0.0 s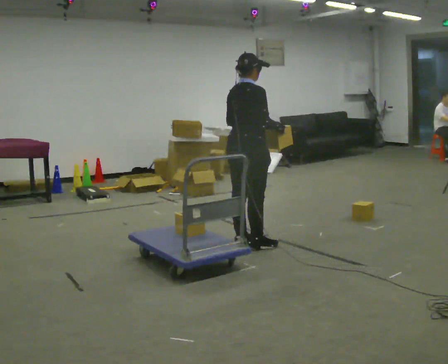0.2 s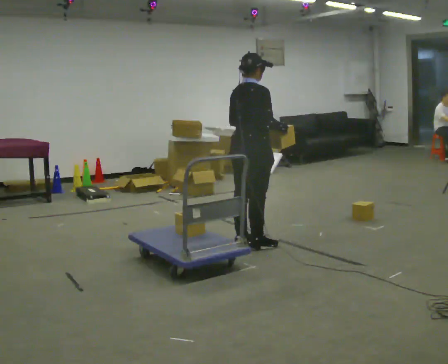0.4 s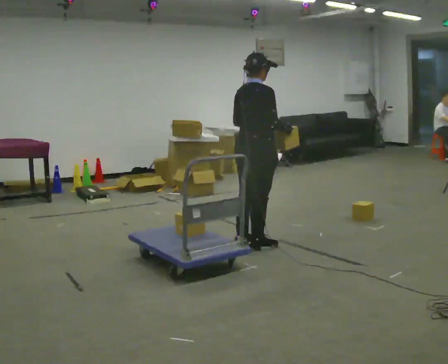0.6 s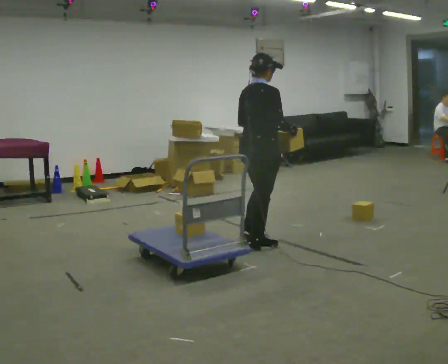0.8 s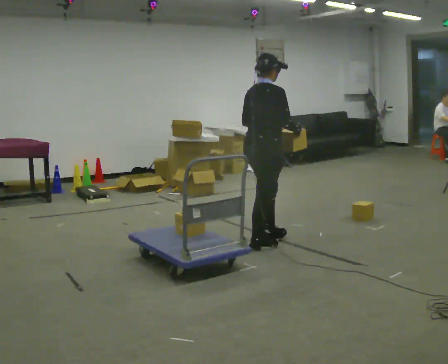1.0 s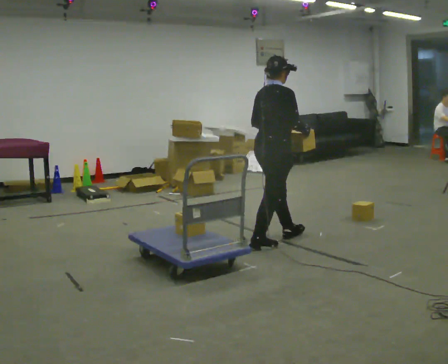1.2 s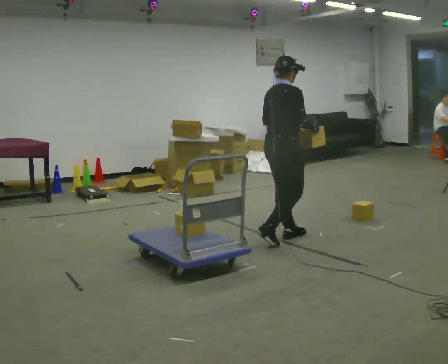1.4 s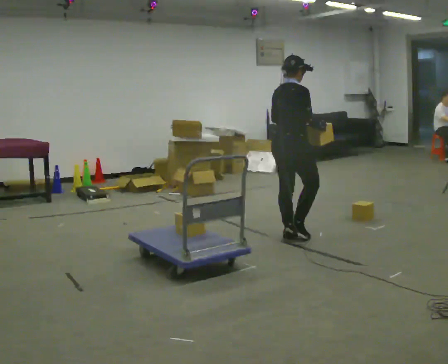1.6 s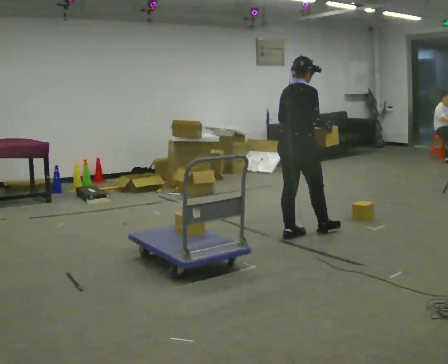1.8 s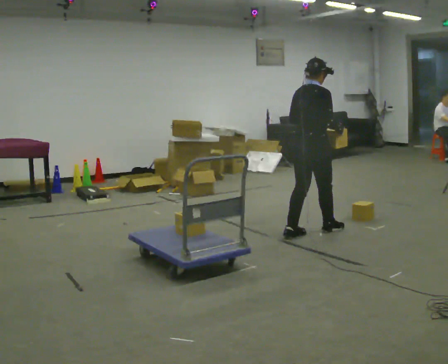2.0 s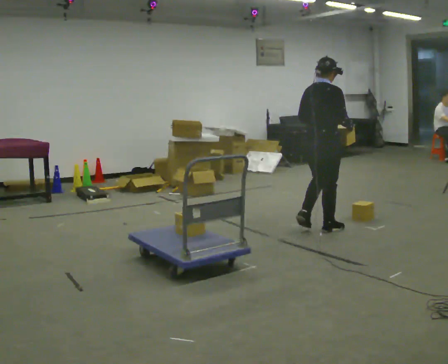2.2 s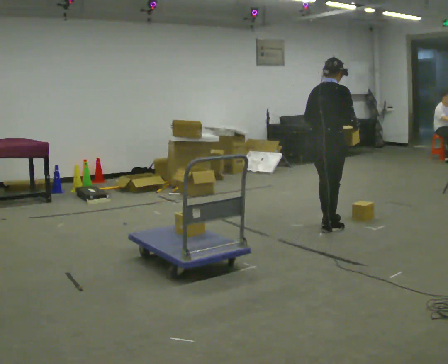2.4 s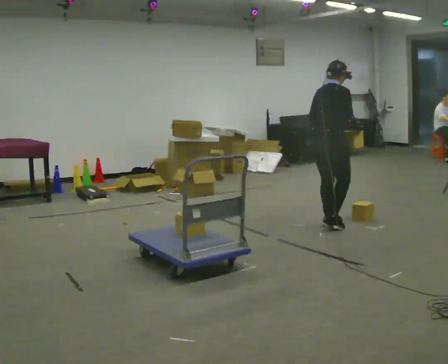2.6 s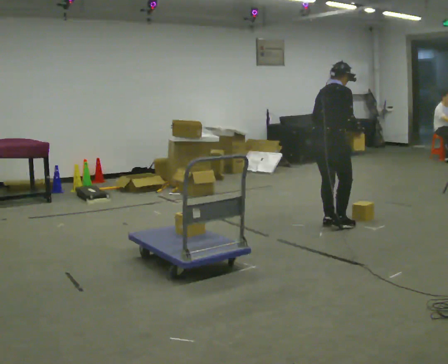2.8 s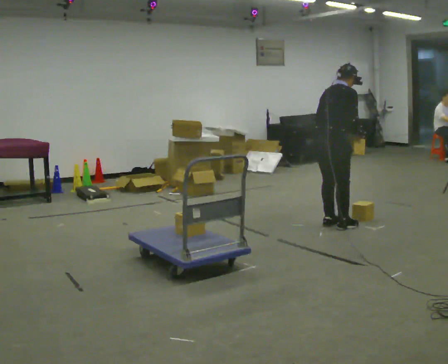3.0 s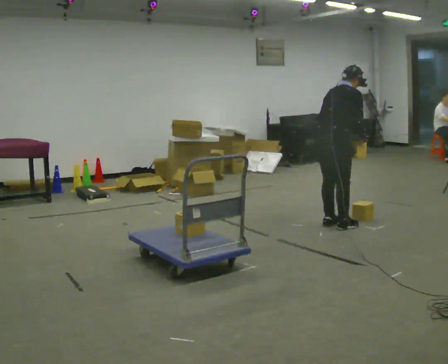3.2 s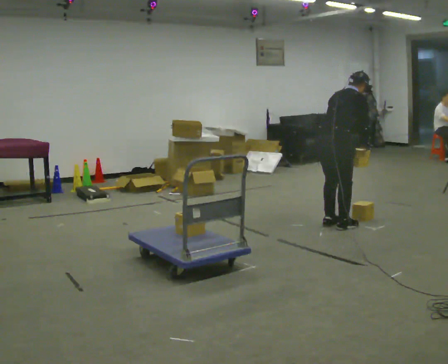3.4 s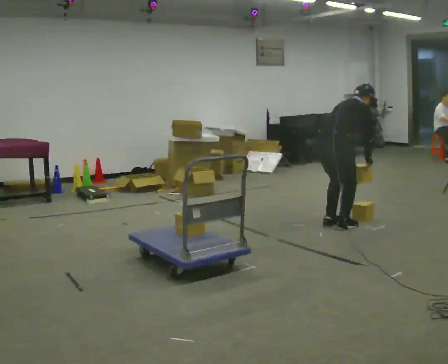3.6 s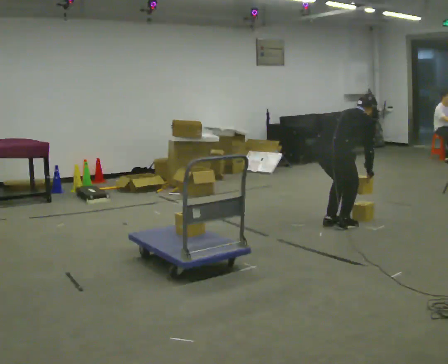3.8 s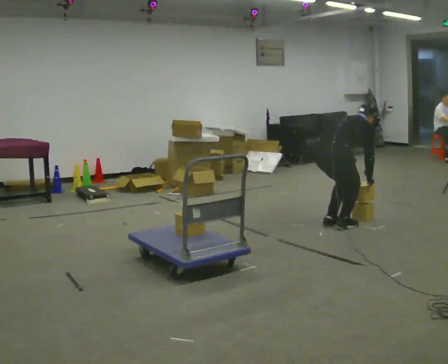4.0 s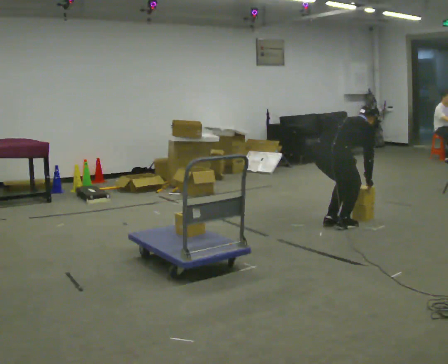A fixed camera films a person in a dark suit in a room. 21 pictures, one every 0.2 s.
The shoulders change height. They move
downward.
Their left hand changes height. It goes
downward.
0.0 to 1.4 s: In the picture they go to the right and away from the camera, about 0.5 m in 1 step, which for them is forward.
1.4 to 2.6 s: In the picture they go to the right and away from the camera, about 0.5 m in 2 steps, which for them is forward.
2.6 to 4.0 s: The upper body goes downward. In the picture the upper body tilts clockwise, shoulders to the right, as they bend forward. In the picture their right hand goes downward.
The film runs forward here.
